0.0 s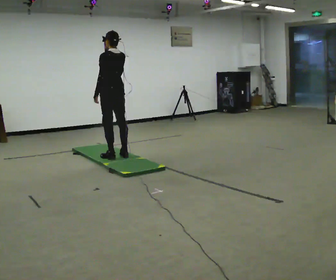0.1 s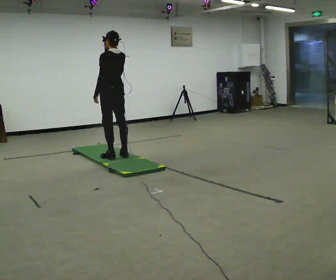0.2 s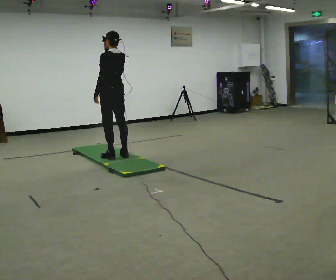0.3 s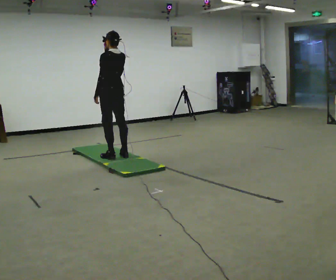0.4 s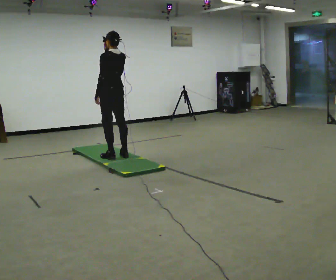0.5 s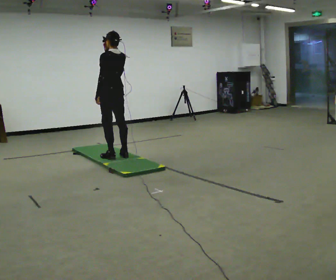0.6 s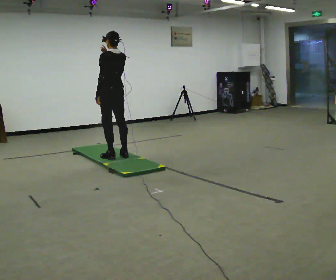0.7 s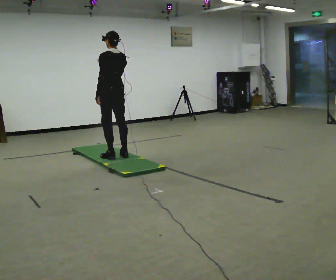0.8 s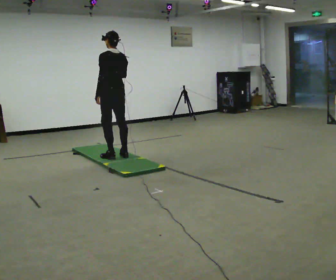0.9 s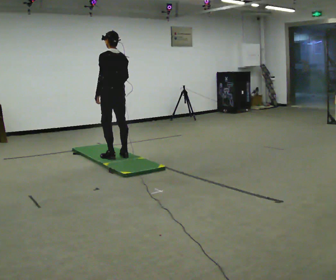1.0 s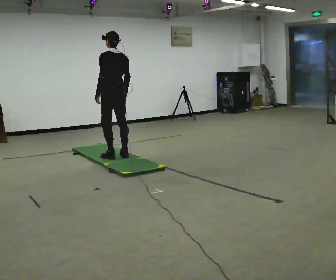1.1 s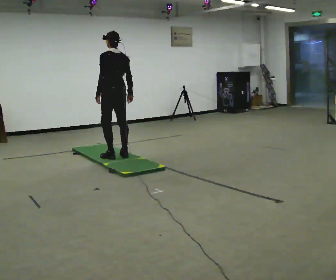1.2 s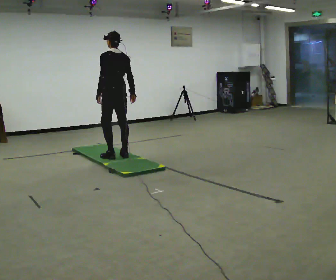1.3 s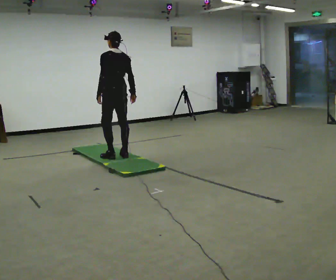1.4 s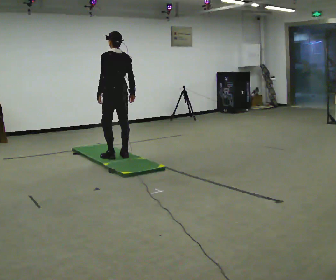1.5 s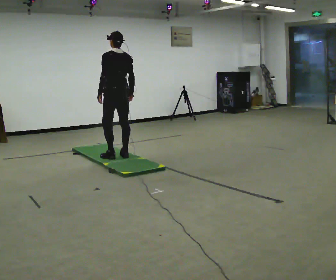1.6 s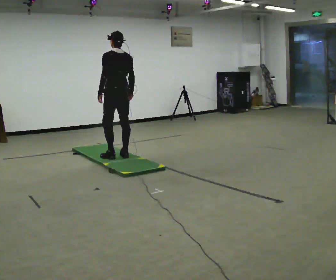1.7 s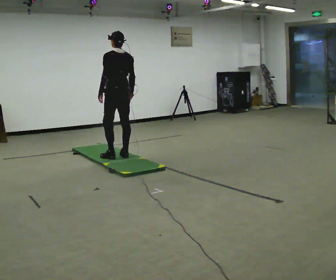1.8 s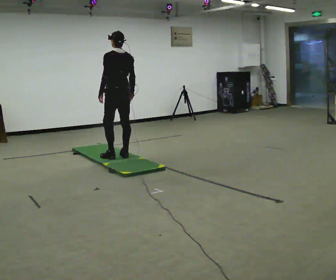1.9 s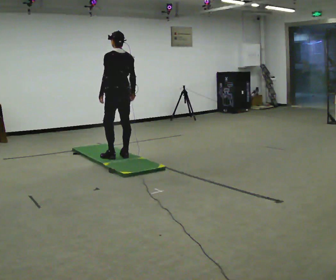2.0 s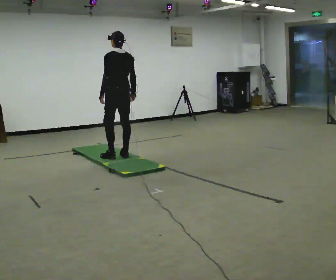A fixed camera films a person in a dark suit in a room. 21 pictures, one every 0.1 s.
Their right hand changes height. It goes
downward.
0.0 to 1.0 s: In the picture their right hand goes downward.
1.0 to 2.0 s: The person moves a little, or ends about where they began.
The film runs forward here.
